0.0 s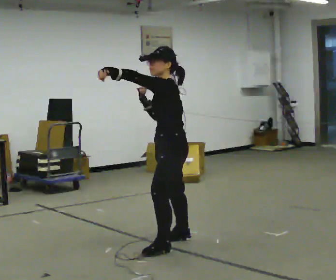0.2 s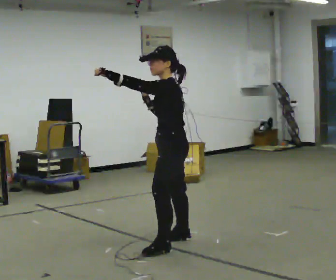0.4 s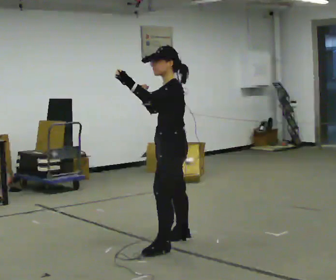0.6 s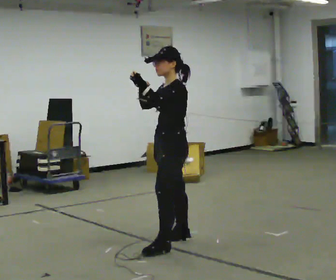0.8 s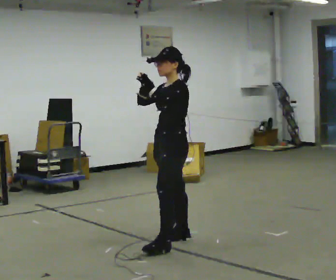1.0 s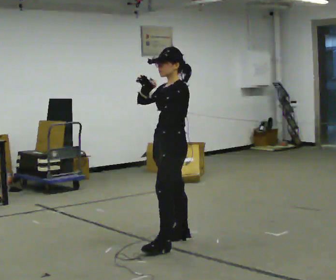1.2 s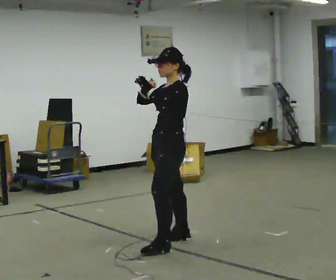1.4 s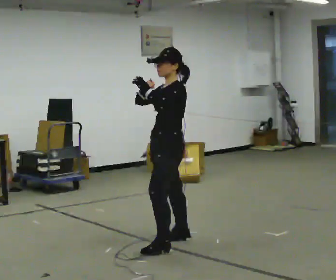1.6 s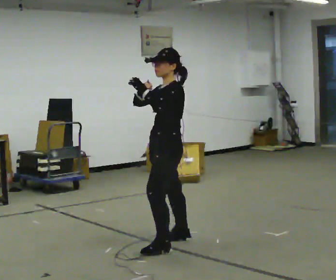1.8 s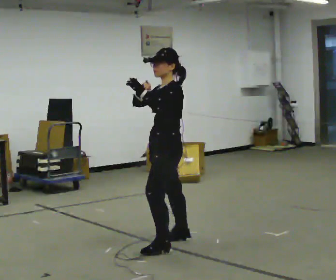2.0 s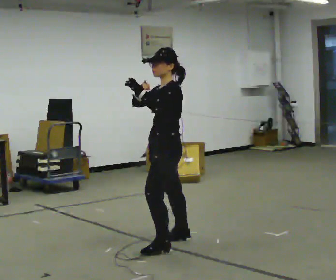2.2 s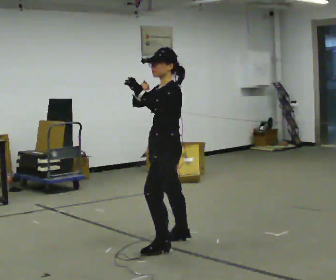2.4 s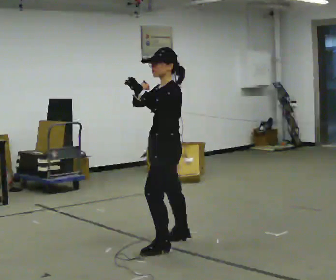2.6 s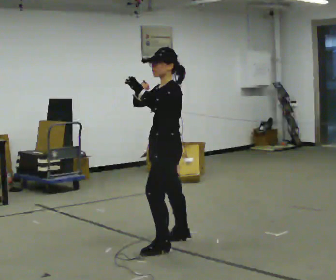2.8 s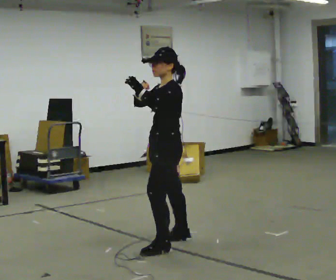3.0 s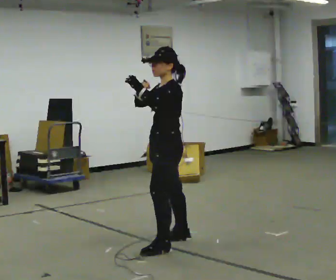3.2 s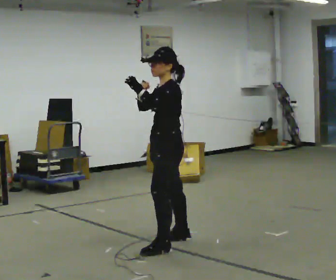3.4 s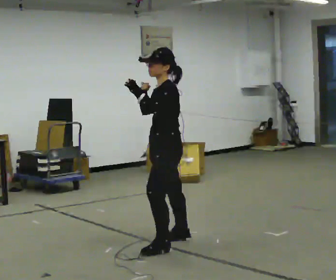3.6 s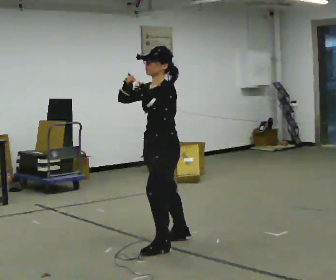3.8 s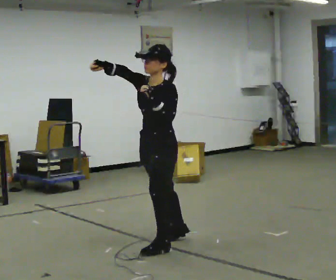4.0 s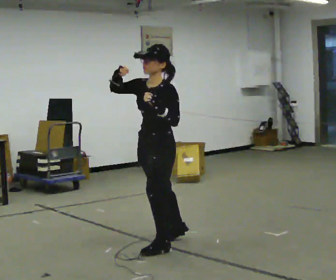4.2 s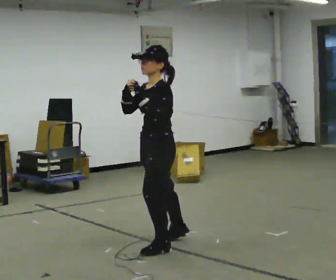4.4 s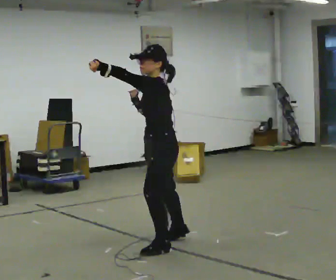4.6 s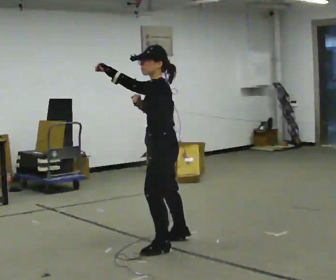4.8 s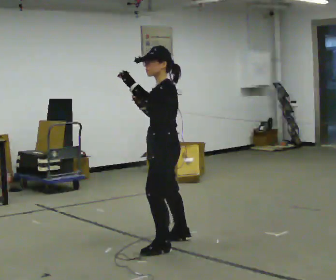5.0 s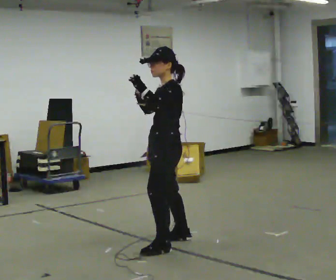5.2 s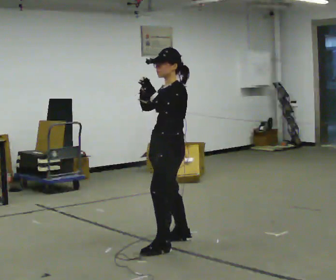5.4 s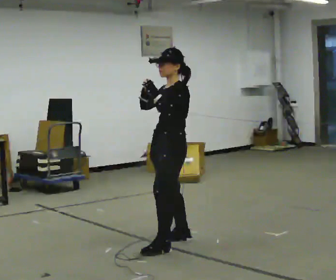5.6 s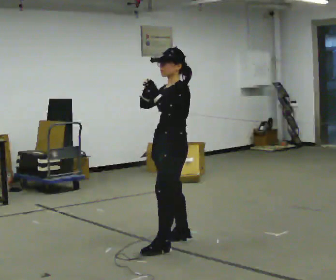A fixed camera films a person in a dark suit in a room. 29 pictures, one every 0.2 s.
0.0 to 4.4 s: The person moves a little, or ends about where they began.
4.4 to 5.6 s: In the picture they go away from the camera, about 0.25 m, which for them is to their right. In the picture their left hand goes to the right.
The film runs forward here.
